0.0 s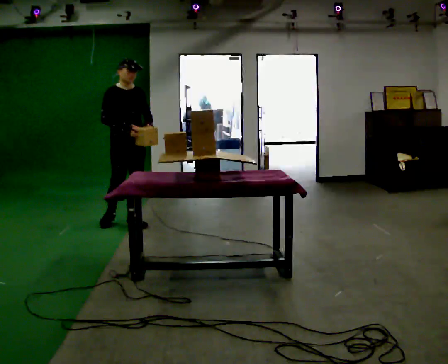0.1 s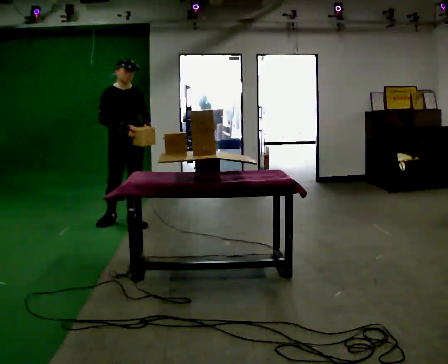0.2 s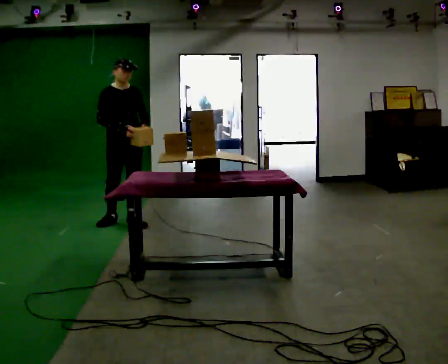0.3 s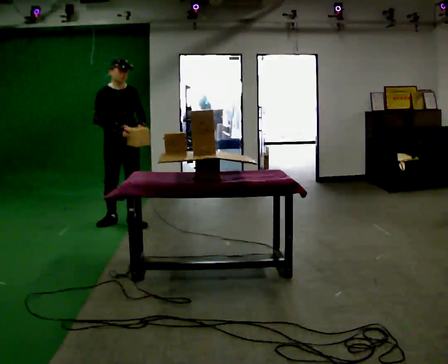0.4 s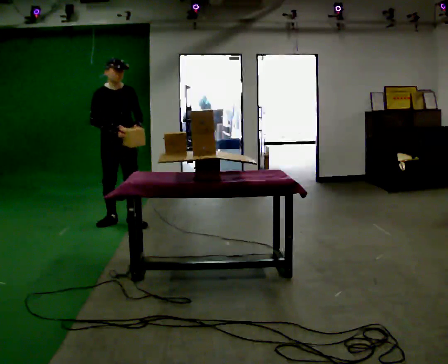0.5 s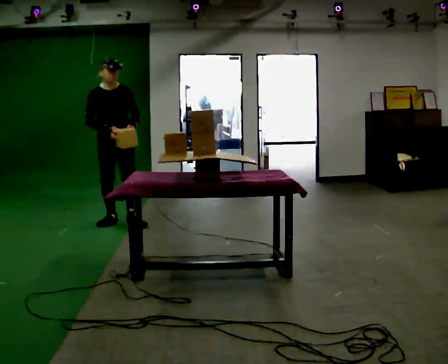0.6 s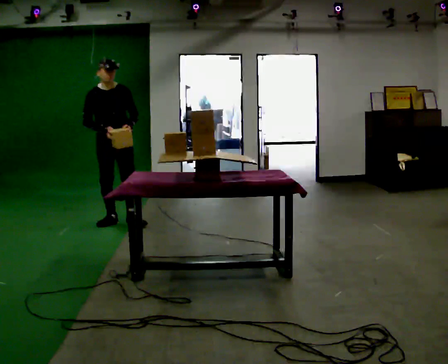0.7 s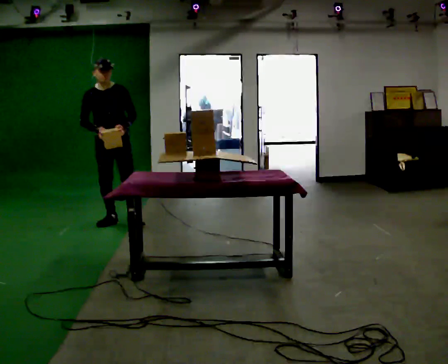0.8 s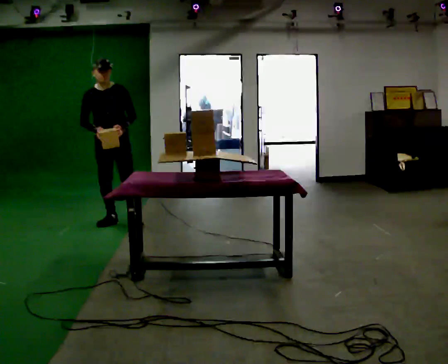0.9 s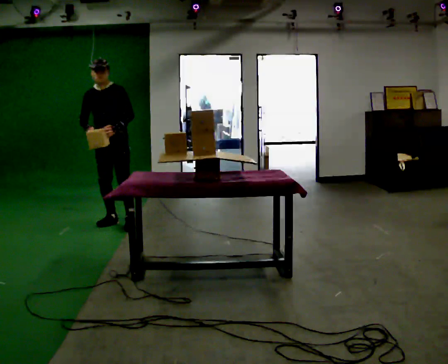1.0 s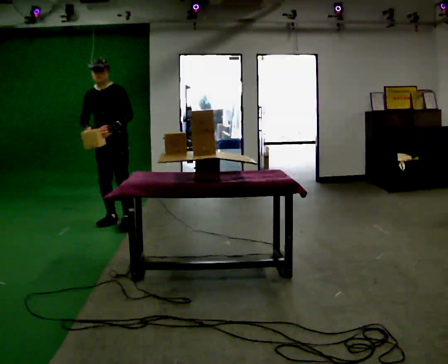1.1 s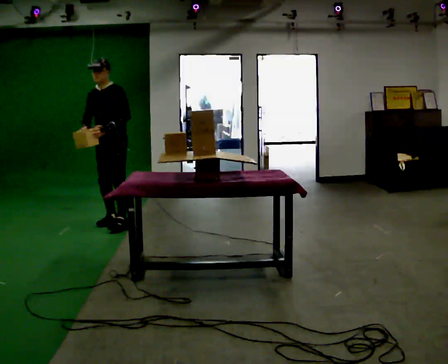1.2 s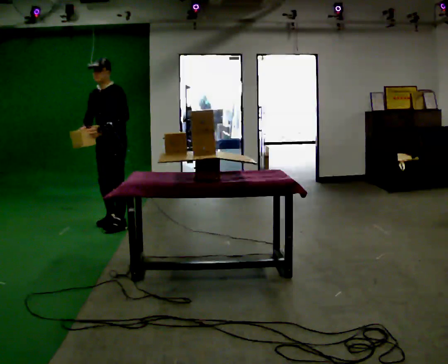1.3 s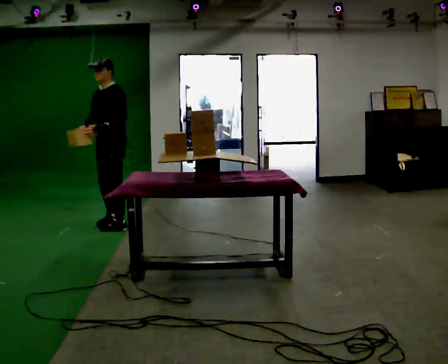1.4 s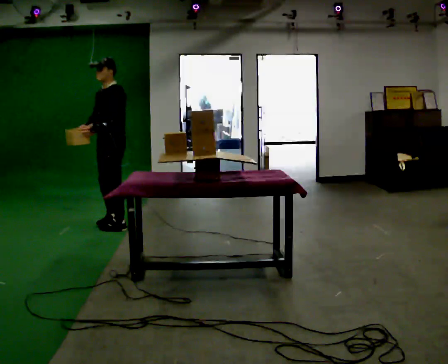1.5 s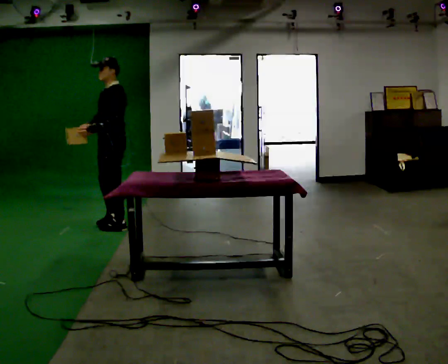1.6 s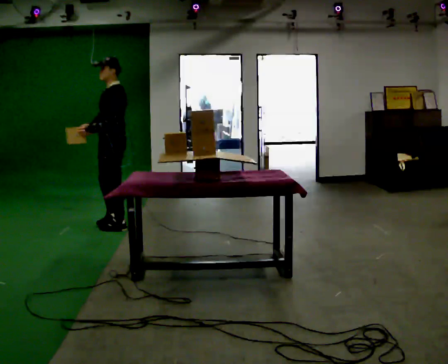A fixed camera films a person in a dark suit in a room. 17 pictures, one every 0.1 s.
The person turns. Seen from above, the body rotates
clockwise.
Their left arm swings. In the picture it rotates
clockwise.
0.0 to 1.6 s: The person turns about 105 degrees to their right, clockwise seen from above, so the part of the body nearest the lens slides to the left. In the picture their left hand goes to the left, the arm swinging clockwise.
The film runs backward here.
